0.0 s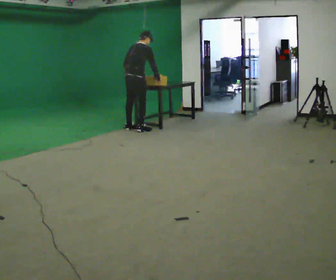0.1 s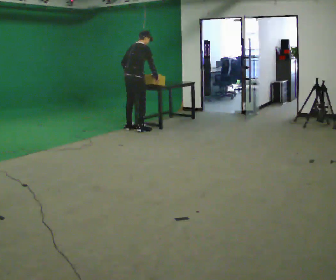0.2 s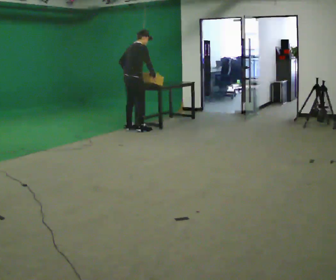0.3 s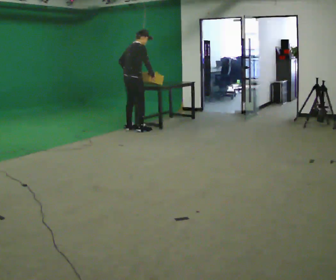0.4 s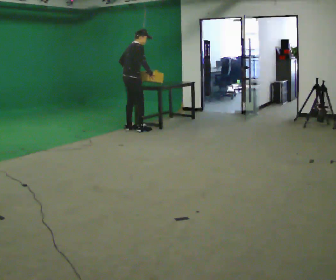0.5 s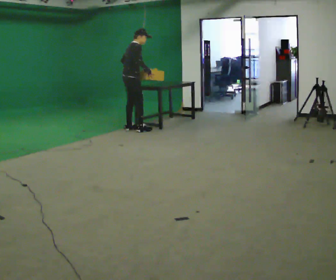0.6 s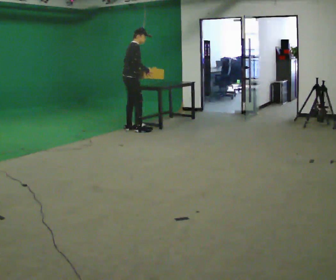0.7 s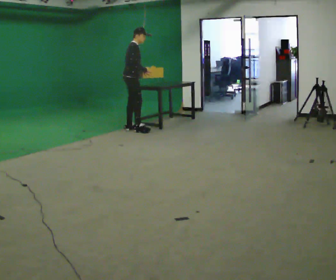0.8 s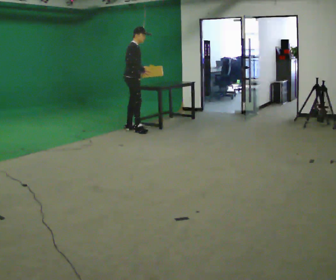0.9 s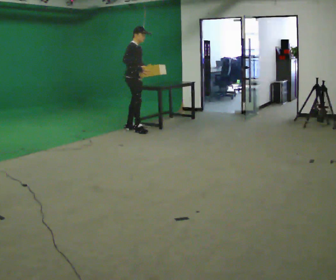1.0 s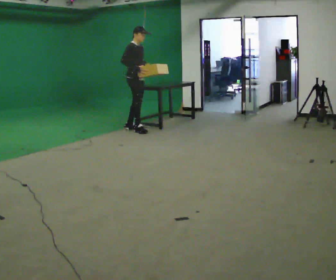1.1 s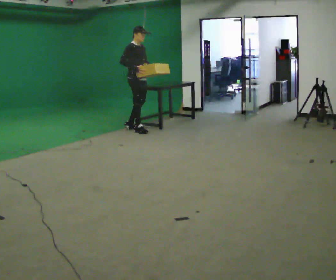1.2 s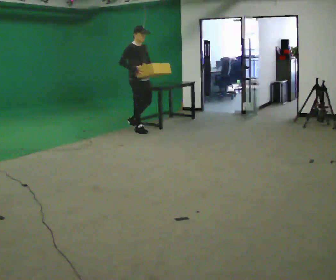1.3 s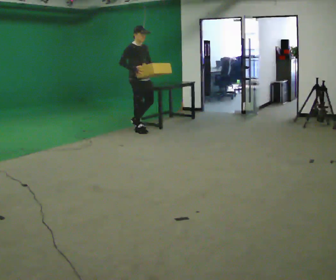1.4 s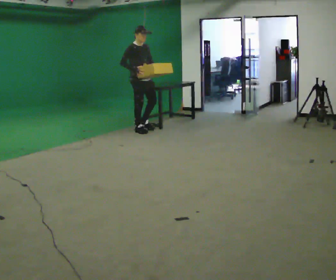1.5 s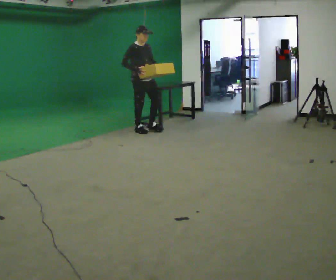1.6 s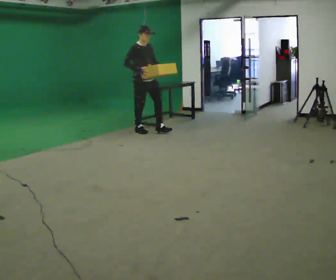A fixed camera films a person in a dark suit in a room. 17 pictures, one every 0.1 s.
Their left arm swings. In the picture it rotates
counterclockwise.
The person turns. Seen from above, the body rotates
clockwise.
0.0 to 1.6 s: Seen from above the body turns clockwise, about 90 degrees: to their right, with its near side sliding to the left. In the picture they go toward the camera and to the right, about 0.25 m. The upper body tips toward the camera, its near side rolling downward, as they lean back or straighten. In the picture their left hand goes to the right, the arm swinging counterclockwise.
The film runs forward here.
